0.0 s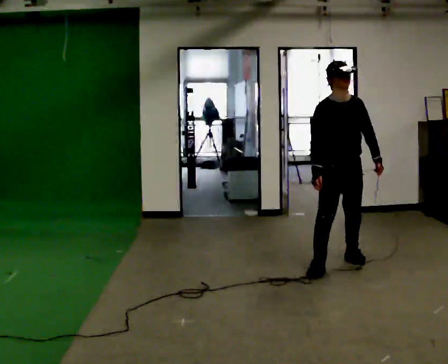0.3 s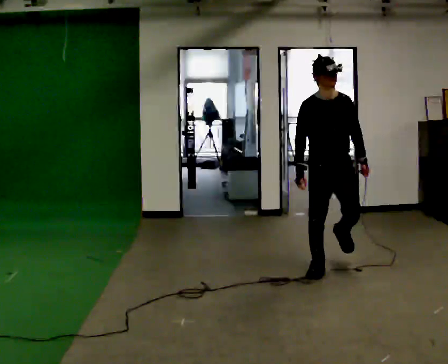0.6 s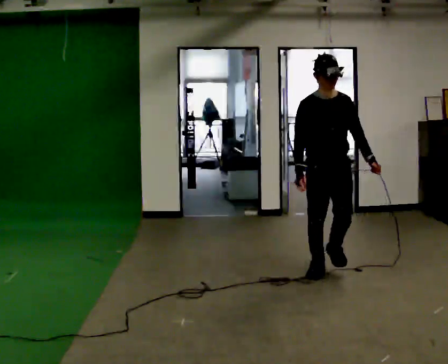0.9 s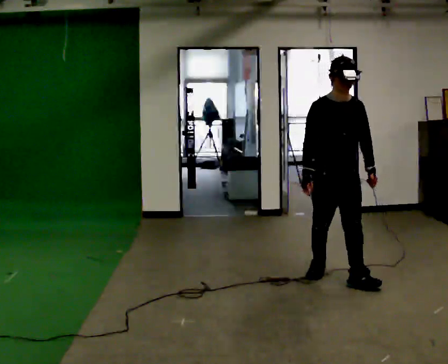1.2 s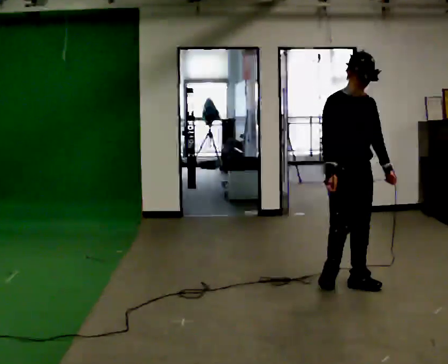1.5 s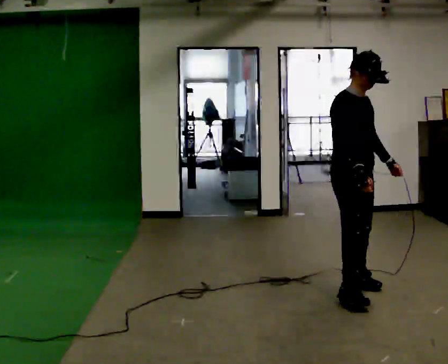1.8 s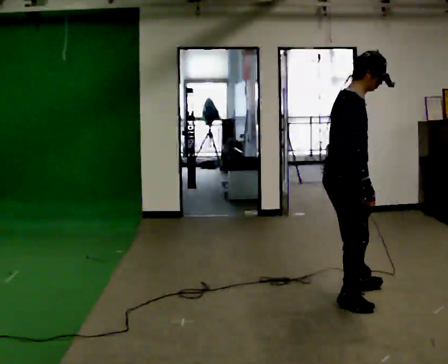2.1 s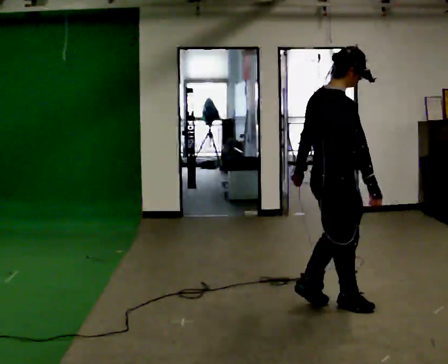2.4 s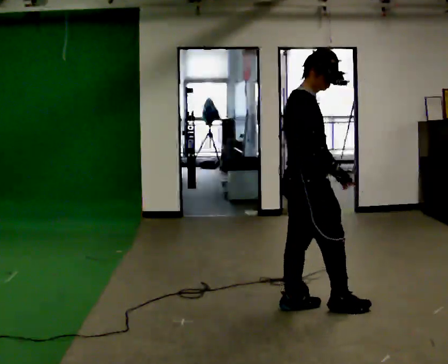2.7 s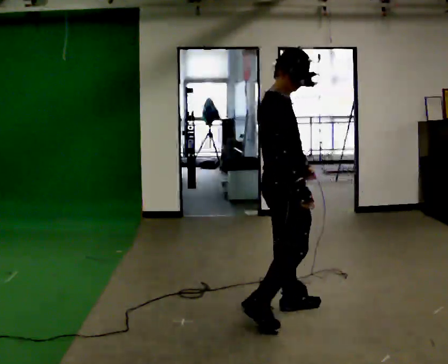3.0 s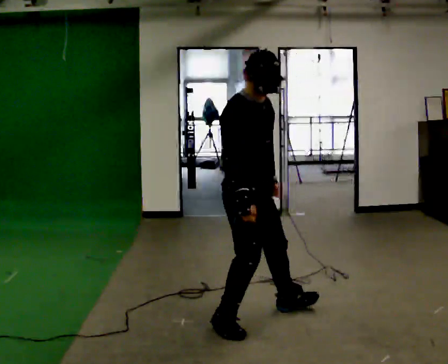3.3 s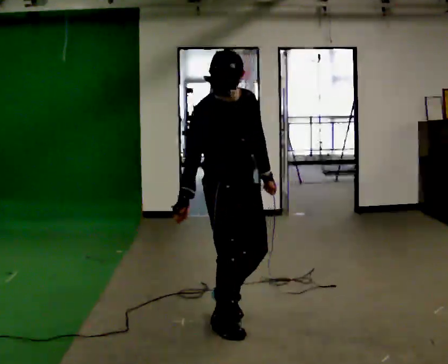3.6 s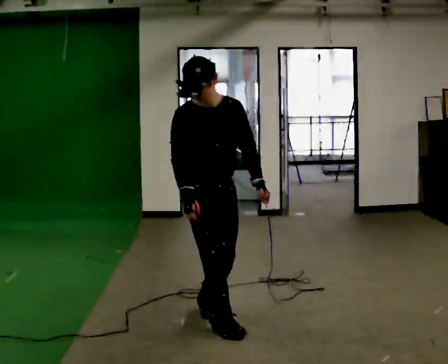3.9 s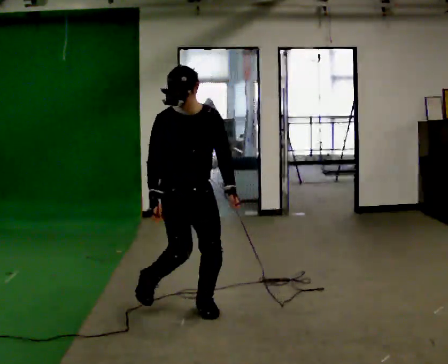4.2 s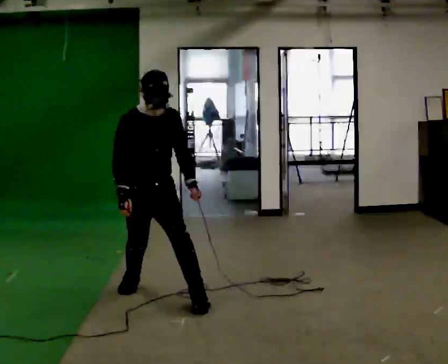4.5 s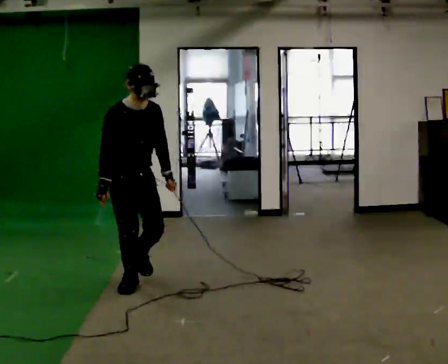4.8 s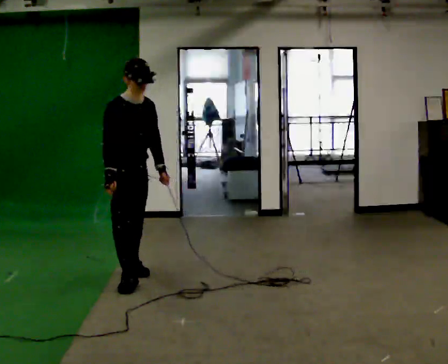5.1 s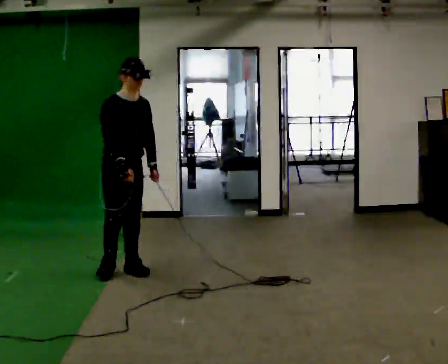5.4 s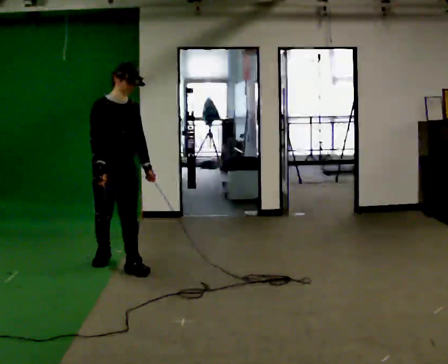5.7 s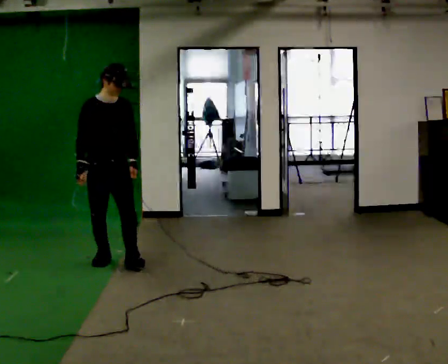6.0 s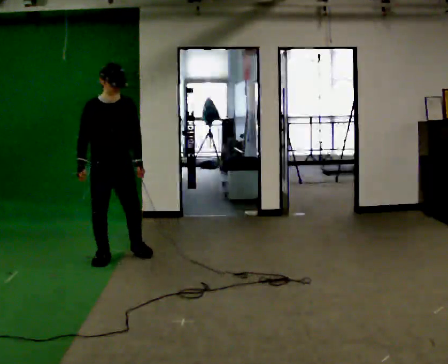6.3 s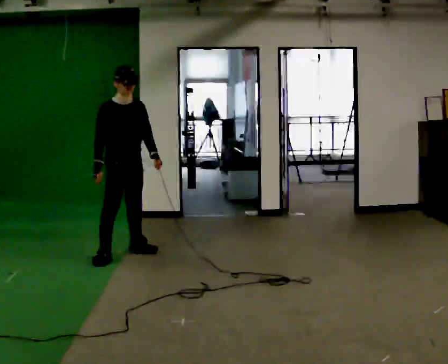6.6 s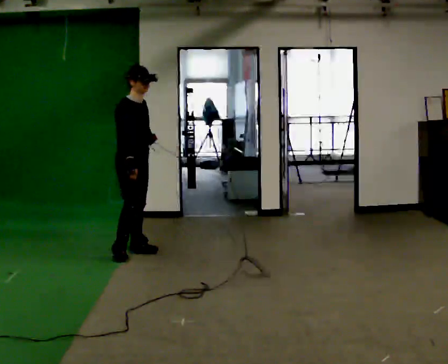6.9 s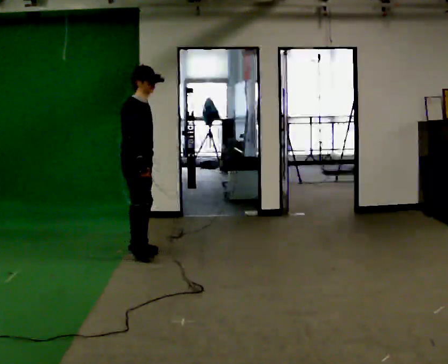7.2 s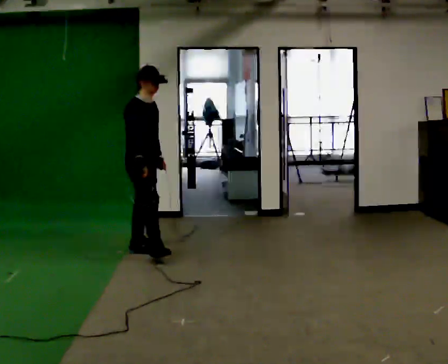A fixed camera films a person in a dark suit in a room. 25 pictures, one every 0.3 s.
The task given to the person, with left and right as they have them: Move around the room freely as if avoiding someone: change speed and direction whenever you like. Keep moving until the operator says stop.
0.0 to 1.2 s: In the picture they go toward the camera, about 0.5 m in 1 step, which for them is forward.
1.2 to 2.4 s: The person turns about 60 degrees to their left, counterclockwise seen from above, so the part of the body nearest the lens slides to the right. In the picture they go toward the camera and to the left, about 0.5 m in 2 steps.
2.4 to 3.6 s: Seen from above the body turns clockwise, about 75 degrees: to their right, with its near side sliding to the left. In the picture they go to the left, about 0.5 m in 2 steps.
3.6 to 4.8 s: In the picture they go away from the camera and to the left, about 1 m in 2 steps, which for them is backward.
4.8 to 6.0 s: Seen from above the body turns clockwise, about 30 degrees: to their right, with its near side sliding to the left. In the picture they go away from the camera, about 0.75 m in 1 step, which for them is backward.
6.0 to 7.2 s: Seen from above the body turns counterclockwise, about 45 degrees: to their left, with its near side sliding to the right. In the picture they go to the right and away from the camera, about 0.25 m in 1 step, which for them is to their left and forward.
The film runs forward here.
